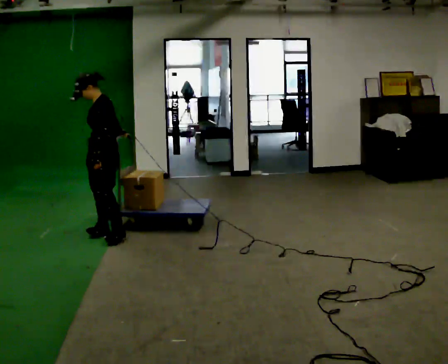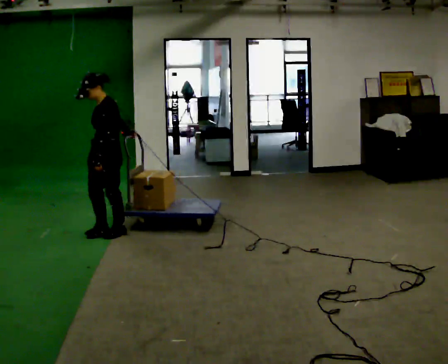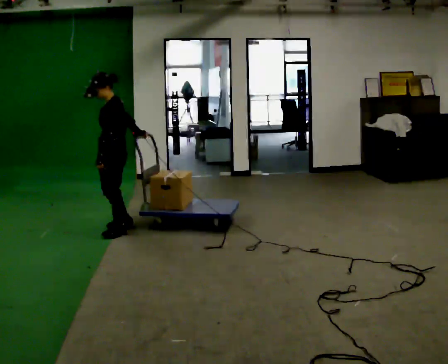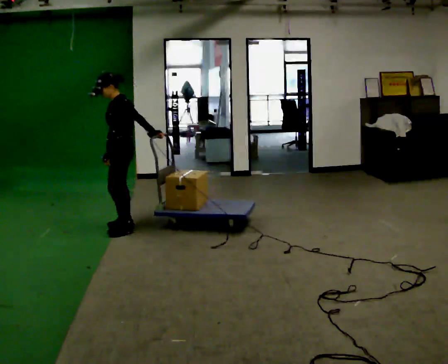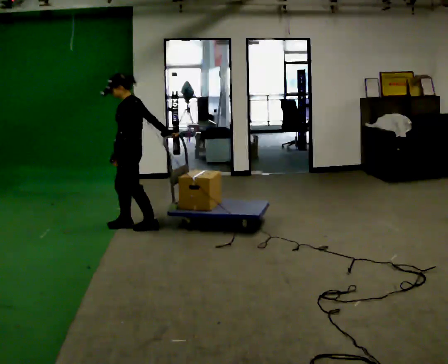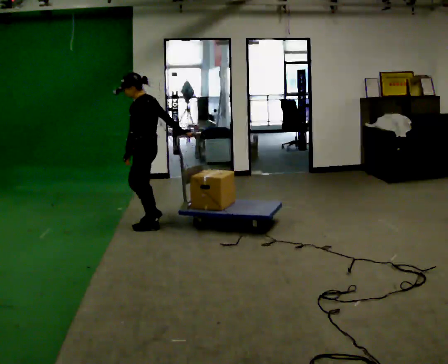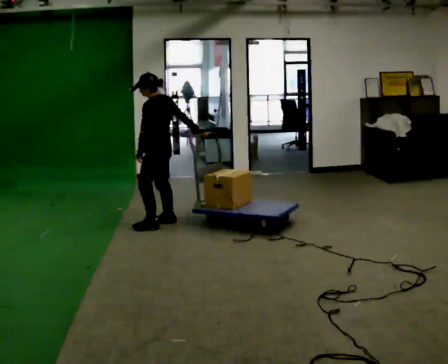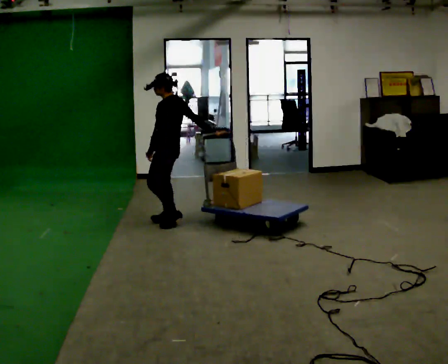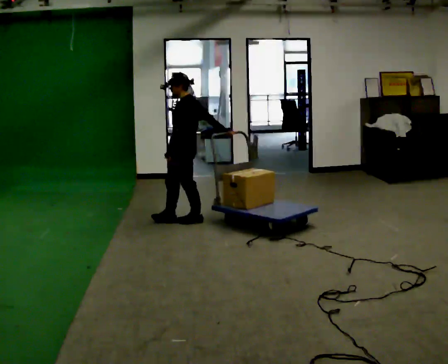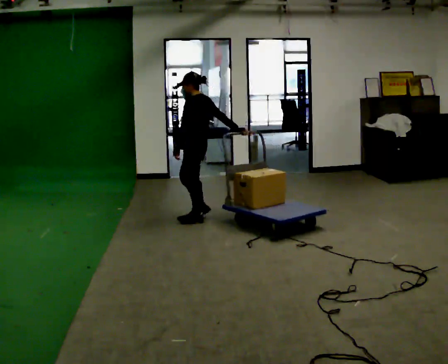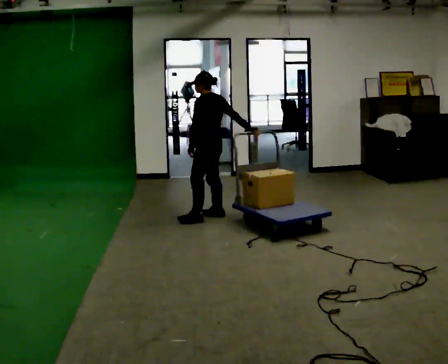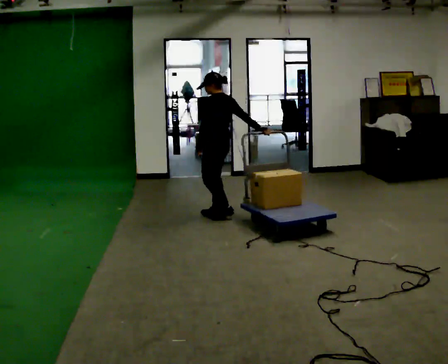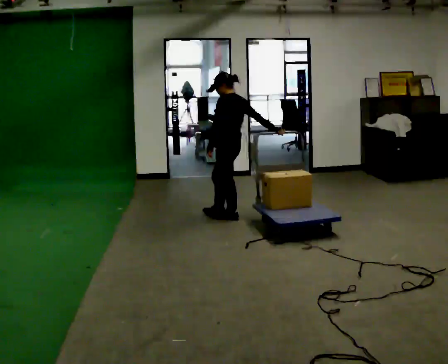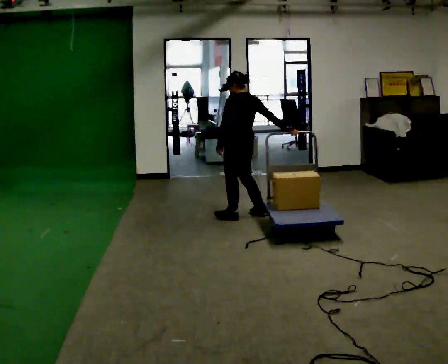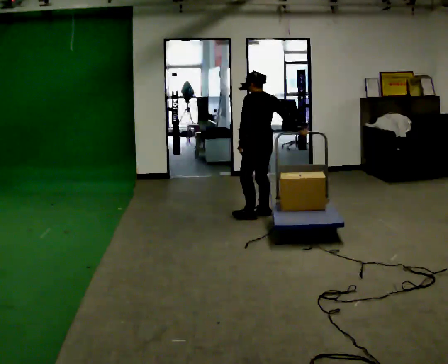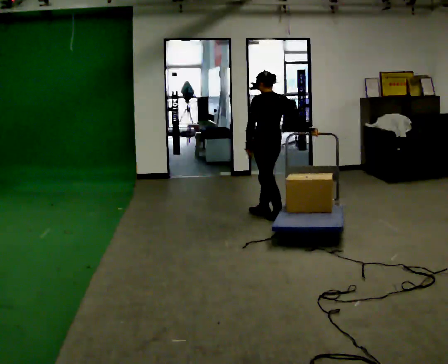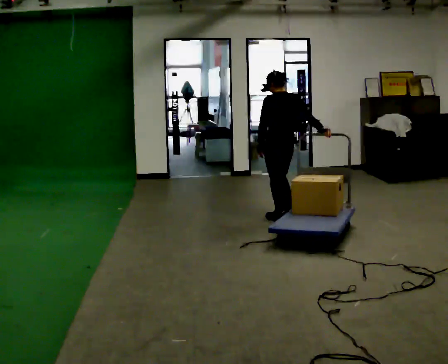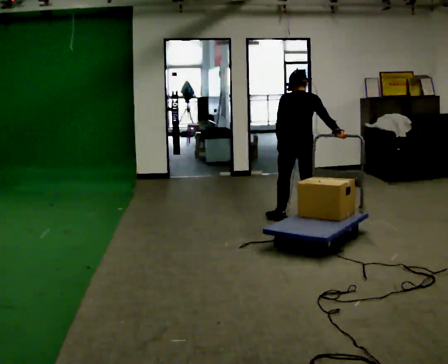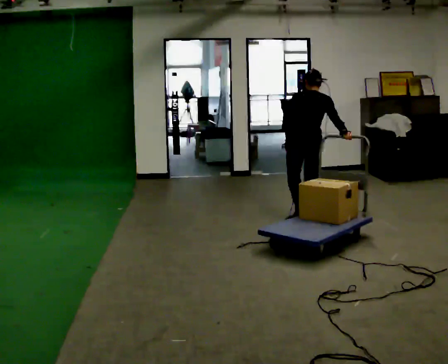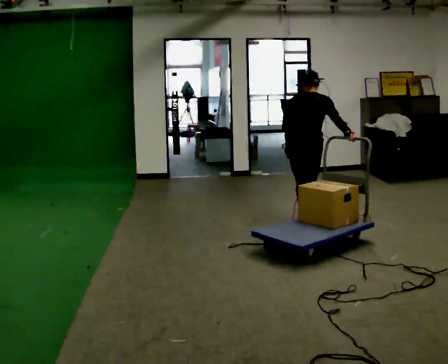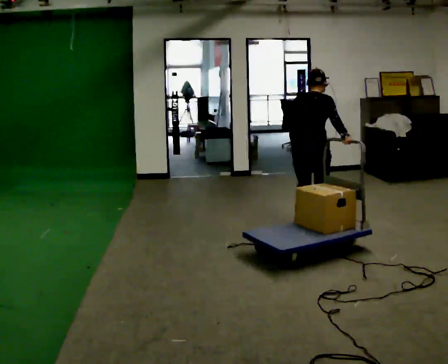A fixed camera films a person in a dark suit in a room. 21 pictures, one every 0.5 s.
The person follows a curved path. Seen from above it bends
clockwise.
The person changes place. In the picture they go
to the right.
0.0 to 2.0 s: Seen from above the body turns clockwise, about 30 degrees: to their right, with its near side sliding to the left. In the picture they go away from the camera and to the right, about 0.25 m in 2 steps, which for them is backward and to their right.
2.0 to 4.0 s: In the picture they go to the right, about 0.5 m in 2 steps, which for them is backward and to their right.
4.0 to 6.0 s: The person turns about 30 degrees to their right, clockwise seen from above, so the part of the body nearest the lens slides to the left. In the picture they go to the right, about 0.5 m in 3 steps, which for them is backward and to their right.
6.0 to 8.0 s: The part of the body nearest the lens slides to the left as the person turns to their right by about 30 degrees. In the picture they go to the right, about 0.5 m in 2 steps, which for them is backward and to their right.
8.0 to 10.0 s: The part of the body nearest the lens slides to the left as the person turns to their right by about 60 degrees. In the picture they go toward the camera and to the right, about 0.5 m in 2 steps, which for them is backward.
The film runs backward here.
